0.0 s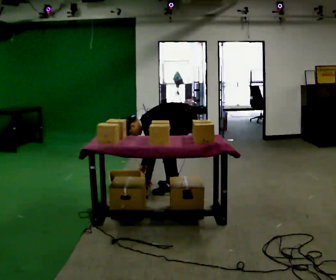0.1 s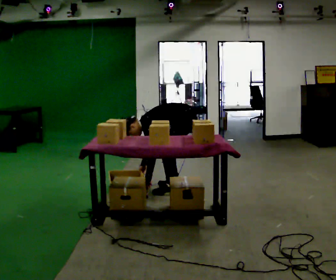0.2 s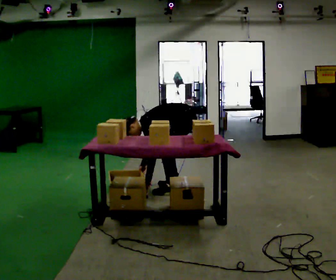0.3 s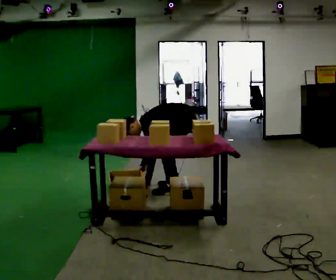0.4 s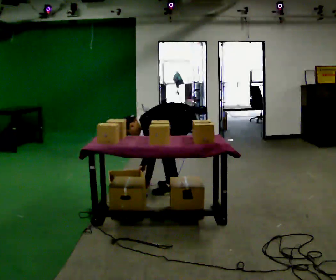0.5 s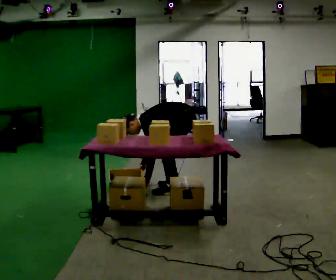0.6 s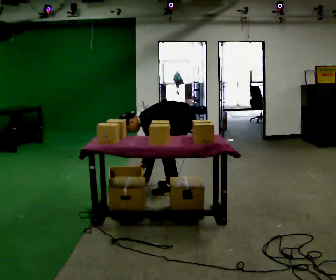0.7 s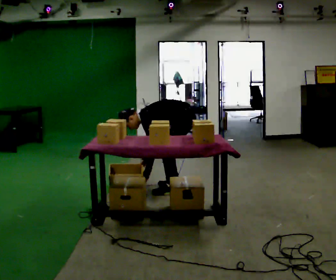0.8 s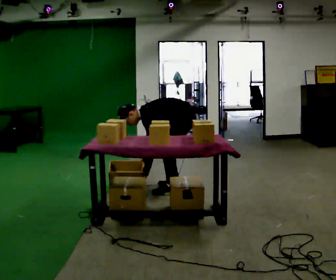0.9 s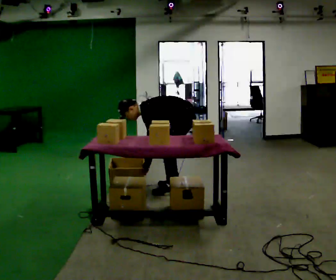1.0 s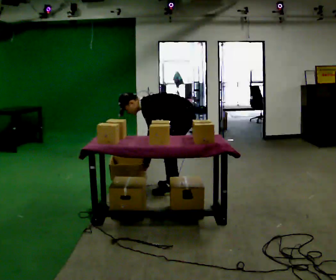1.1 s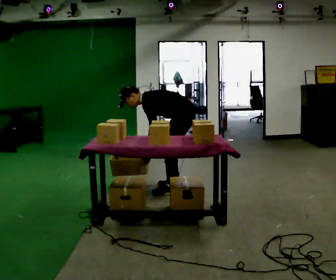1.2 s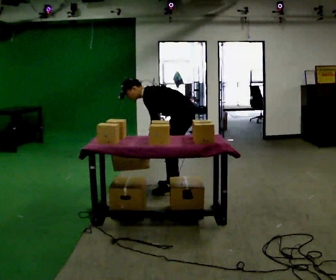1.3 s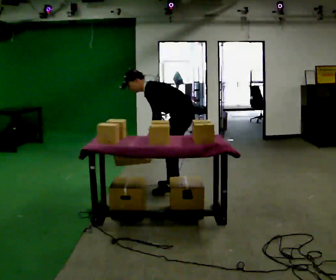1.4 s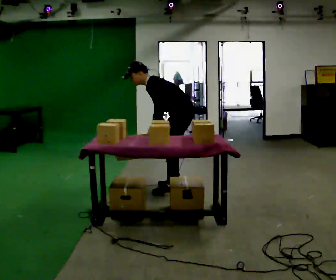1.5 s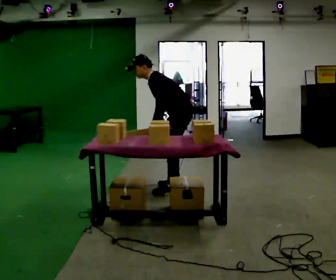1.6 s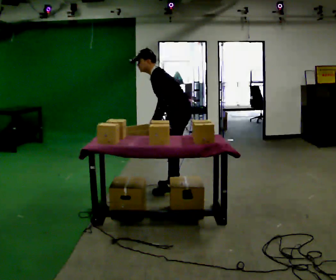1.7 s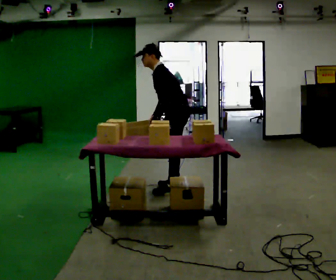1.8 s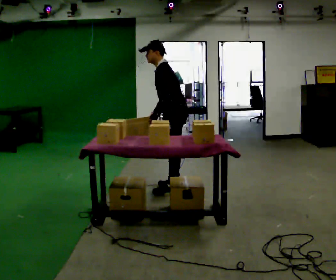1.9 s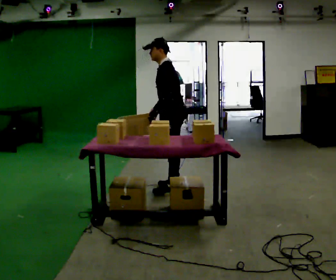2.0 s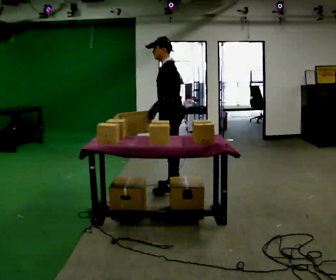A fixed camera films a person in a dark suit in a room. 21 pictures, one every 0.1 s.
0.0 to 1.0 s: The upper body goes upward. In the picture the upper body tilts clockwise, shoulders to the right, as they lean back or straighten.
1.0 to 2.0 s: The shoulders move upward. In the picture the upper body tilts clockwise, shoulders to the right, as they lean back or straighten. In the picture their left hand goes upward.
The film runs forward here.
